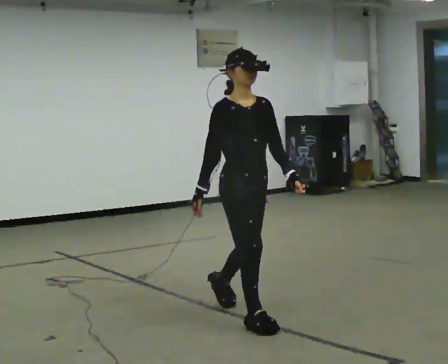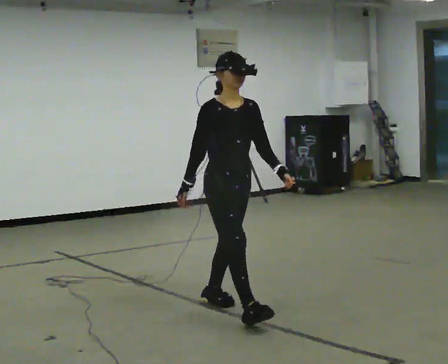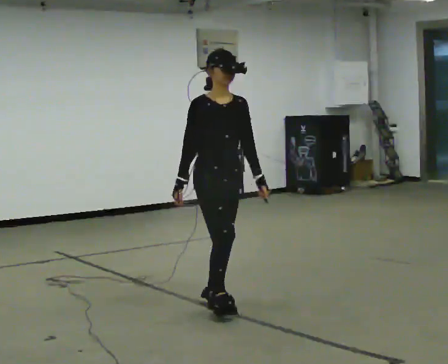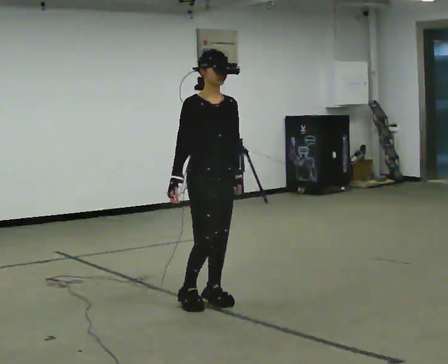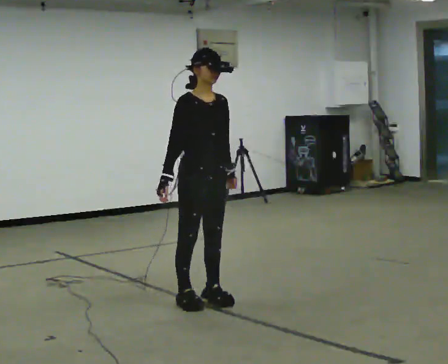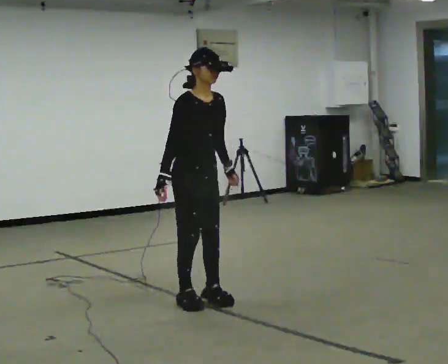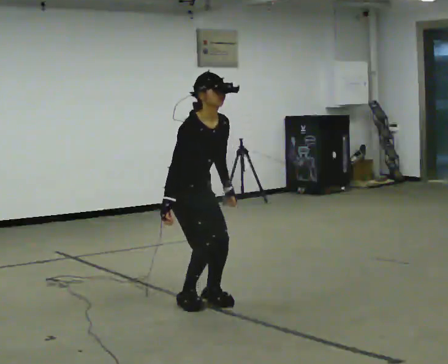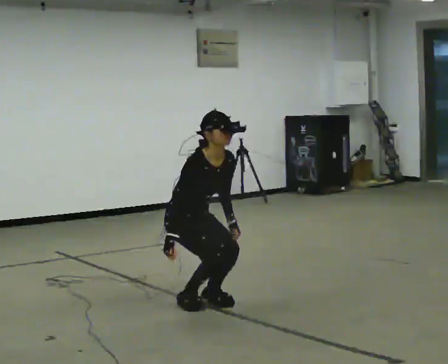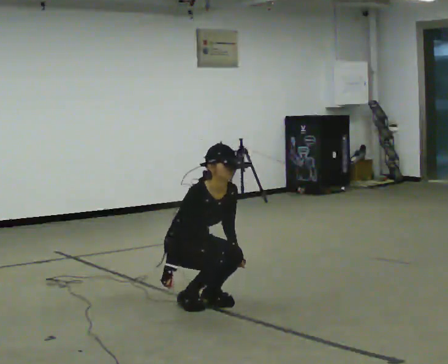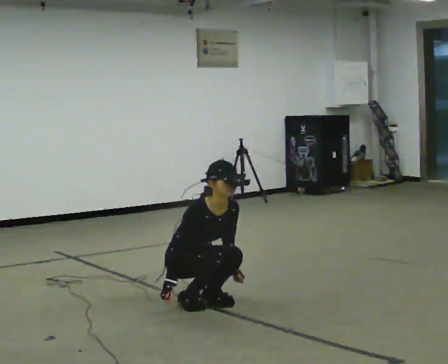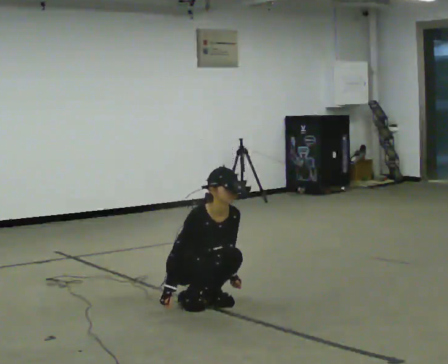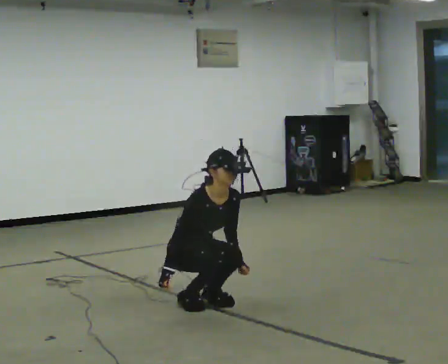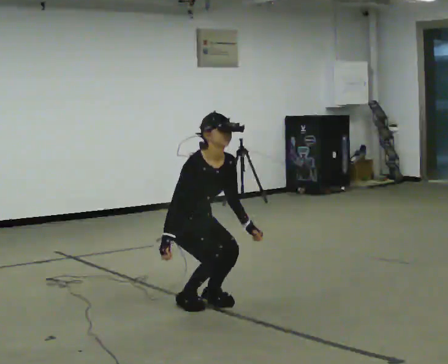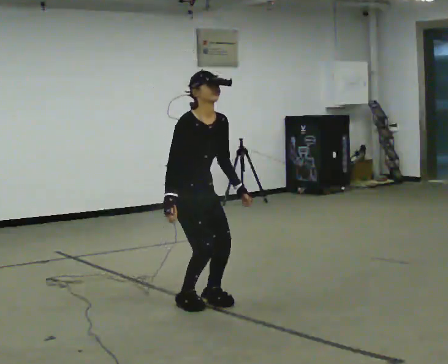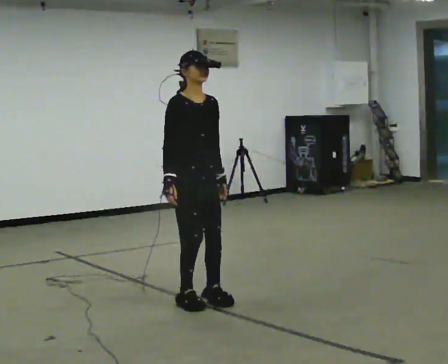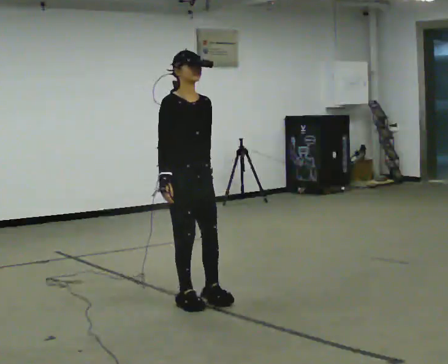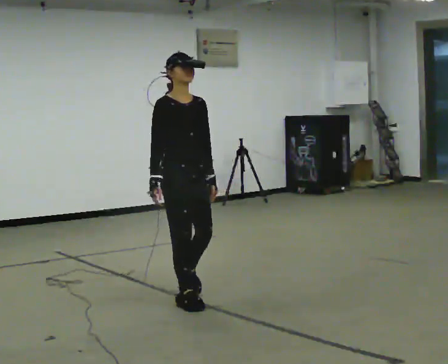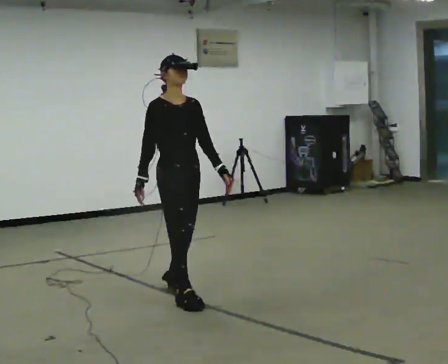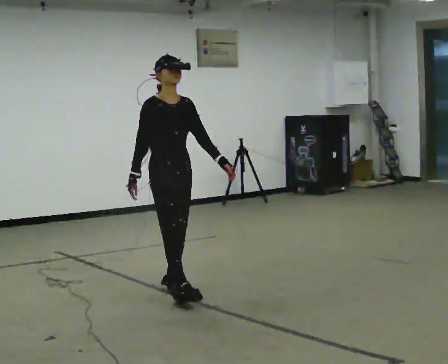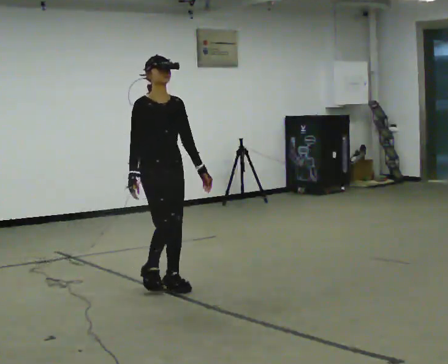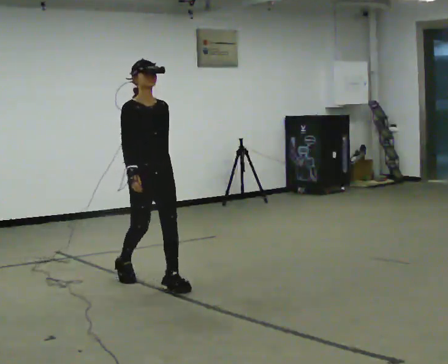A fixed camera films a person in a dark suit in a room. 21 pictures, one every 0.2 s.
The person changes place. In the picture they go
away from the camera.
0.0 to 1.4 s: In the picture they go away from the camera and to the left, about 0.5 m in 1 step, which for them is backward. The shoulders move downward. The upper body tips toward the camera, its near side rolling downward, as they bend forward.
1.4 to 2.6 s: The person moves a little, or ends about where they began.
2.6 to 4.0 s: In the picture they go away from the camera and to the left, about 0.5 m in 2 steps, which for them is backward. The shoulders move upward. The upper body tips away from the camera, its near side rolling upward, as they lean back or straighten.
The film runs backward here.
